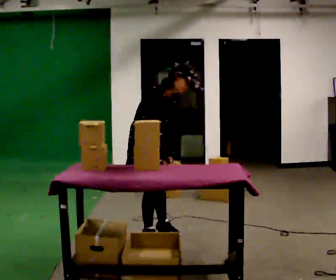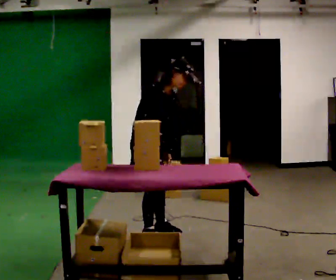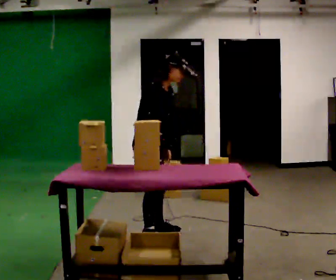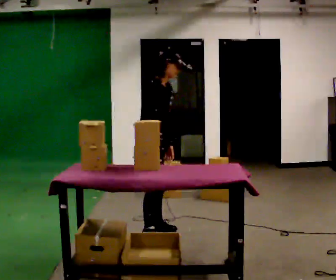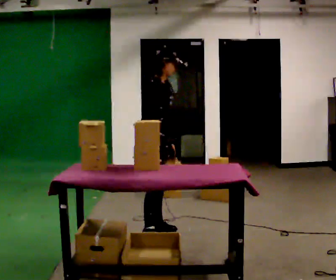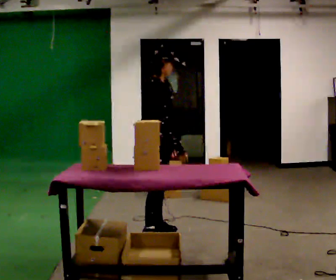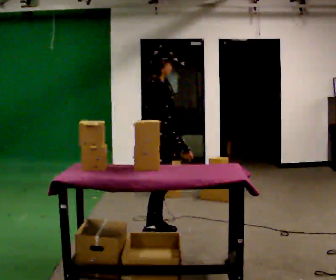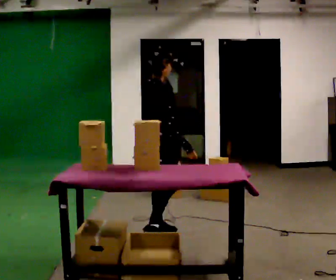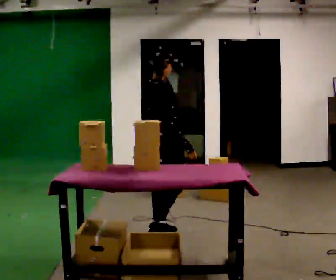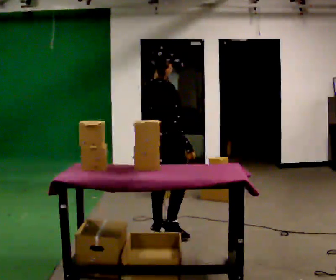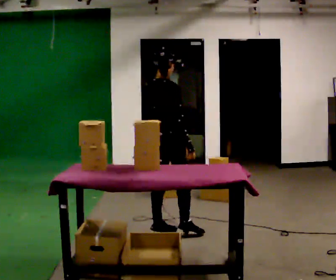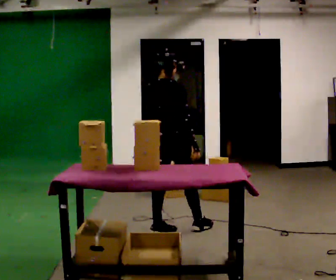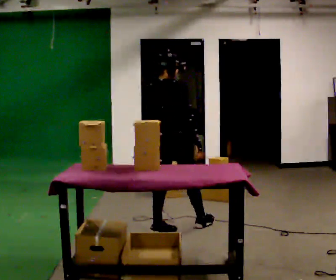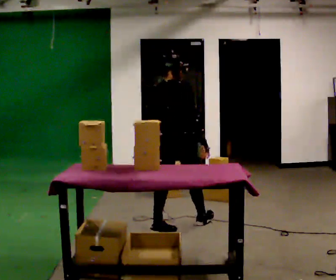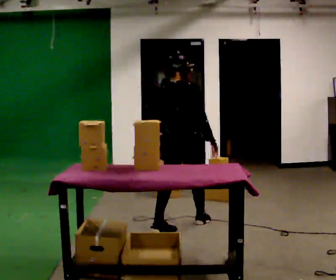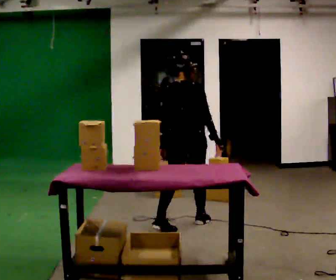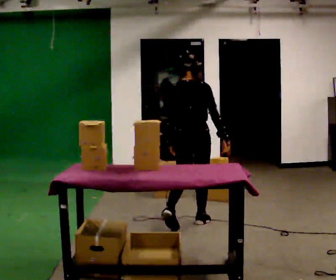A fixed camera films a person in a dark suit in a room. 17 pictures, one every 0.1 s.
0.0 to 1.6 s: The part of the body nearest the lens slides to the right as the person turns to their left by about 105 degrees. In the picture they go away from the camera and to the right, about 0.5 m in 1 step. In the picture the upper body tilts counterclockwise, shoulders to the left, as they lean back or straighten.
The film runs forward here.
